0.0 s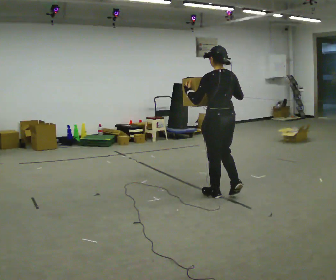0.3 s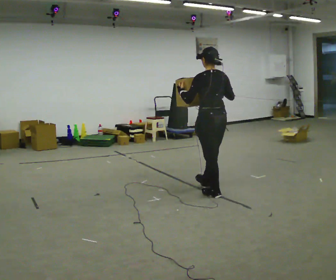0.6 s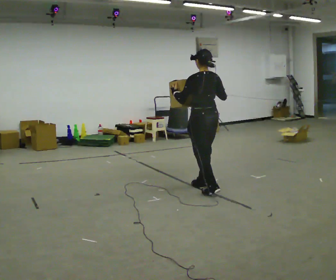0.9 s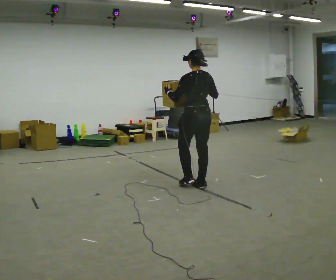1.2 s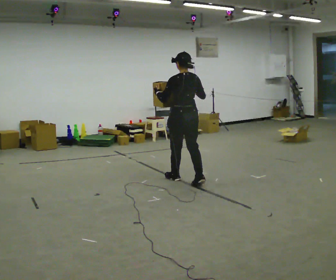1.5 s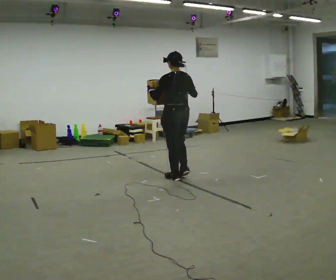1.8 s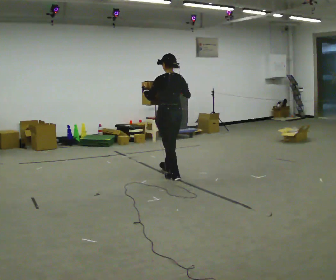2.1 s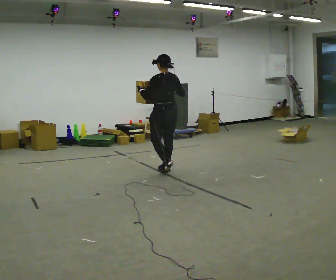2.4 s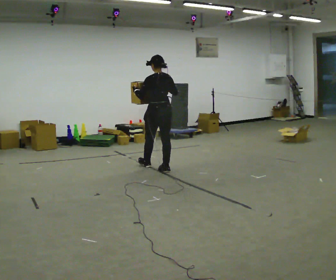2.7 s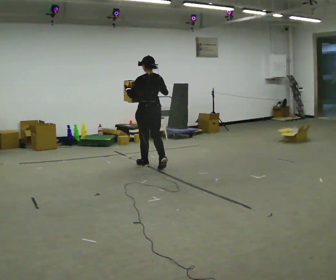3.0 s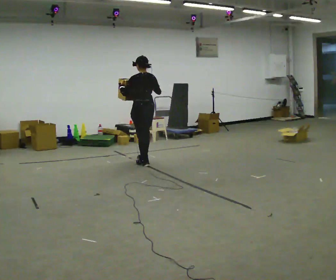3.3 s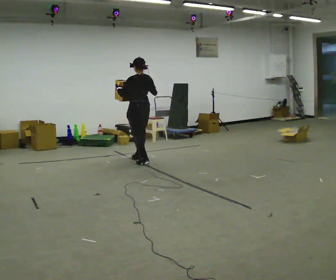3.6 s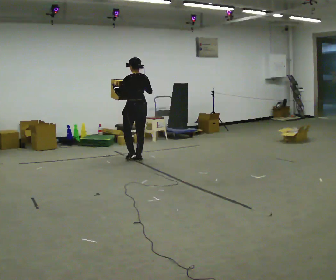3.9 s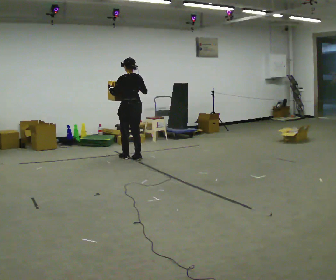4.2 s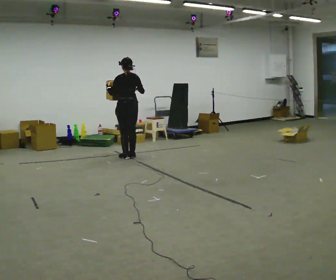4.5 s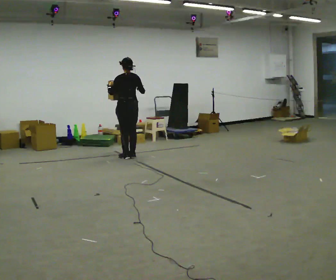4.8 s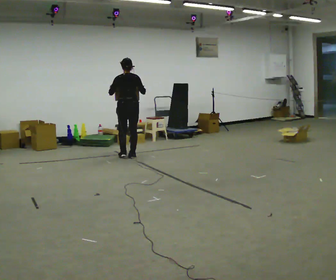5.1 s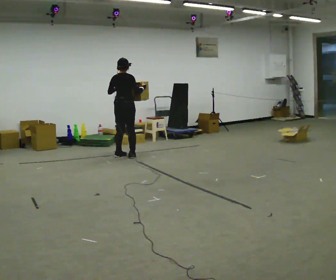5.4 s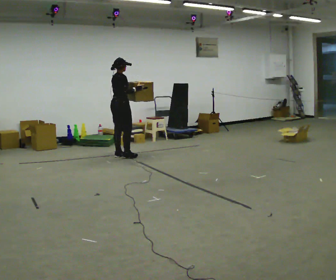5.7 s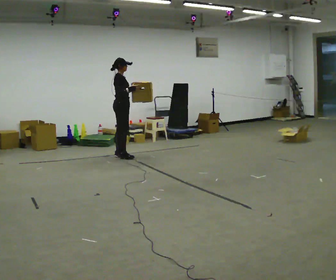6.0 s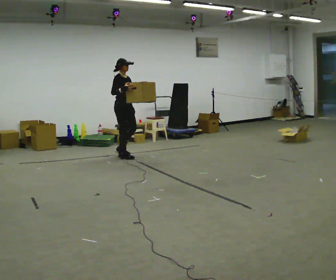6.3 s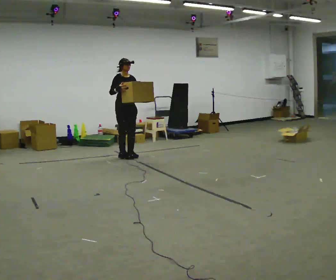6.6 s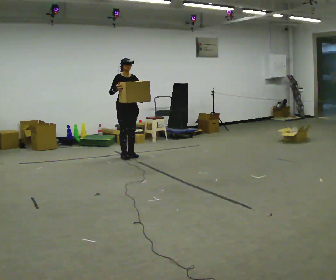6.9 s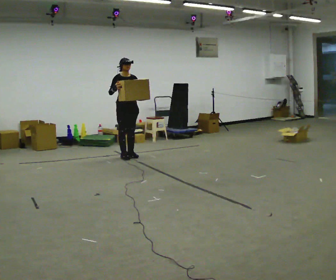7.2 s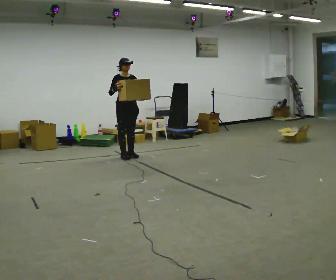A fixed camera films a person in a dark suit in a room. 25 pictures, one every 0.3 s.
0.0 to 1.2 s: In the picture they go away from the camera and to the left, about 0.5 m in 2 steps, which for them is forward.
1.2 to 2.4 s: In the picture they go away from the camera and to the left, about 0.5 m in 1 step, which for them is forward.
2.4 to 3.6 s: In the picture they go away from the camera and to the left, about 0.5 m in 2 steps, which for them is forward.
3.6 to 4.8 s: In the picture they go away from the camera and to the left, about 0.25 m in 2 steps, which for them is forward.
4.8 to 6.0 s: The part of the body nearest the lens slides to the left as the person turns to their right by about 120 degrees. In the picture their left hand goes to the right.
6.0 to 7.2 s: Seen from above the body turns clockwise, about 45 degrees: to their right, with its near side sliding to the left.
The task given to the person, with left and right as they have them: Carry the box in both hands and walk back and forth across the room. The contents may move around. Carry on as best you can.
The film runs forward here.
